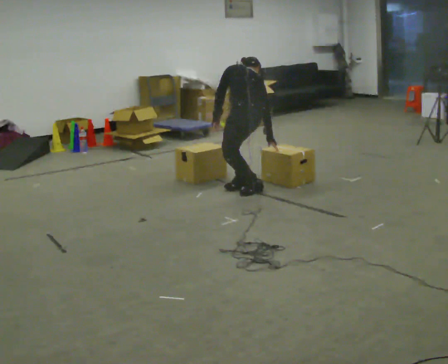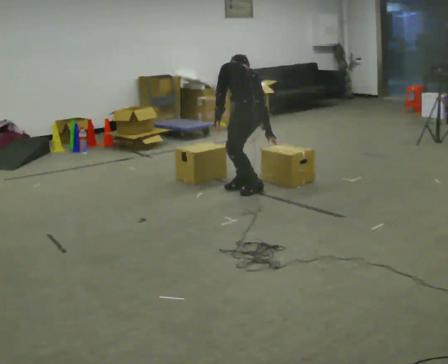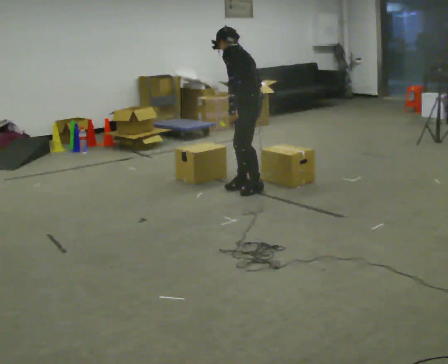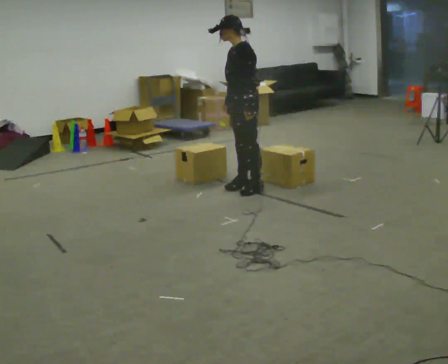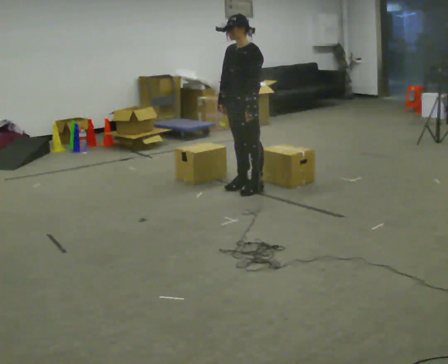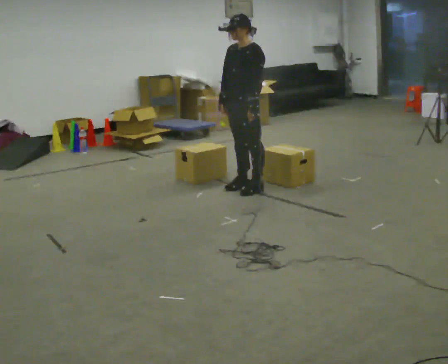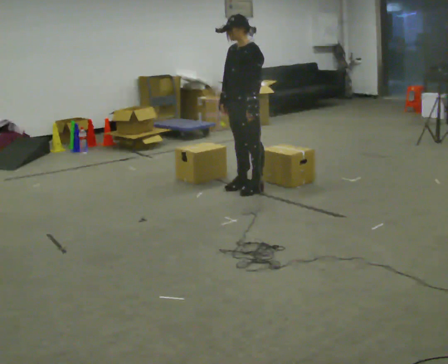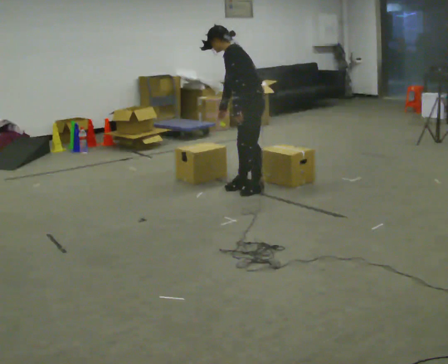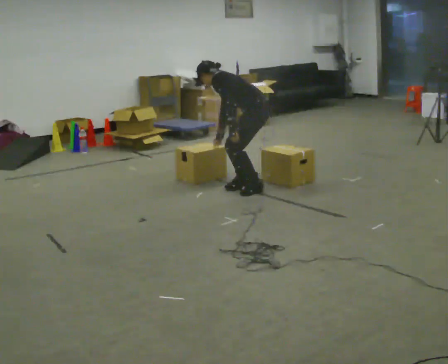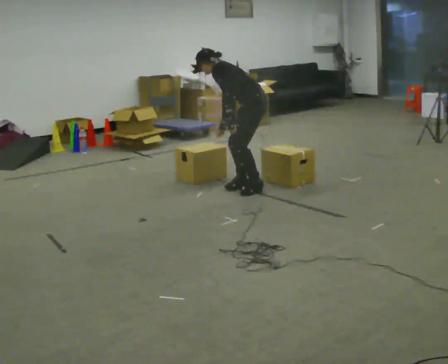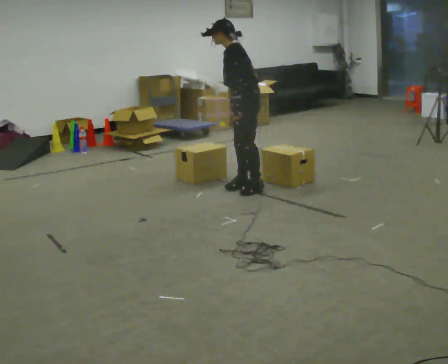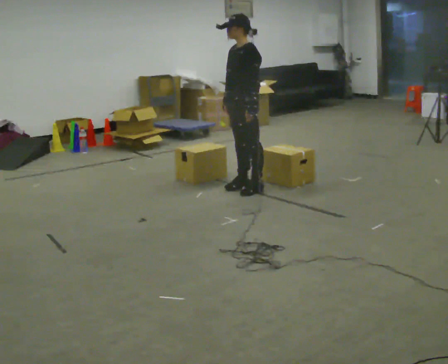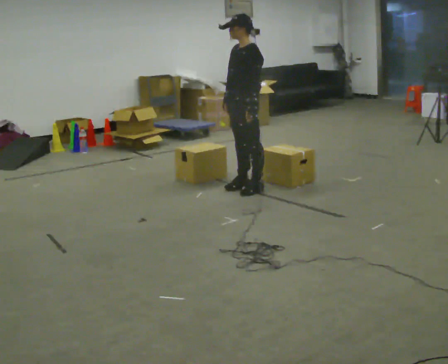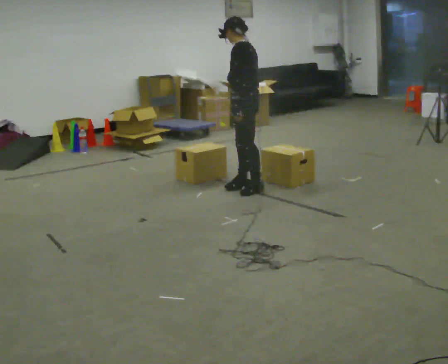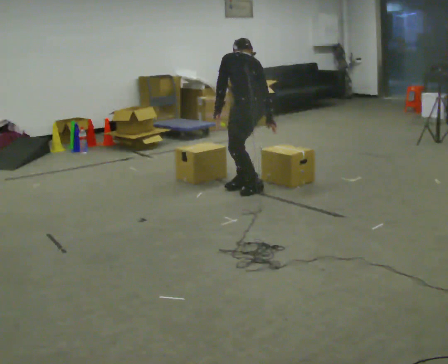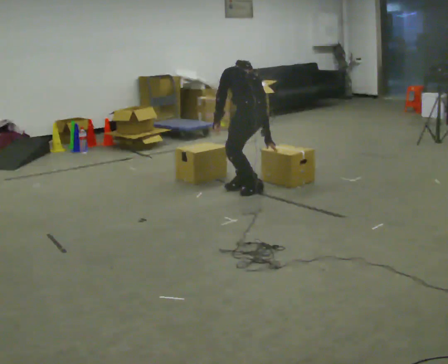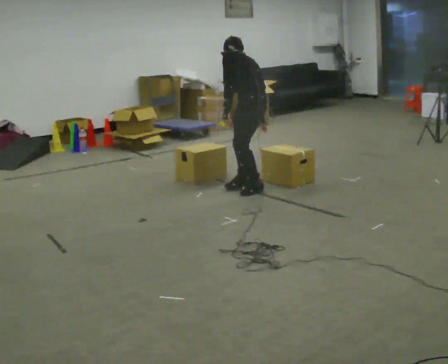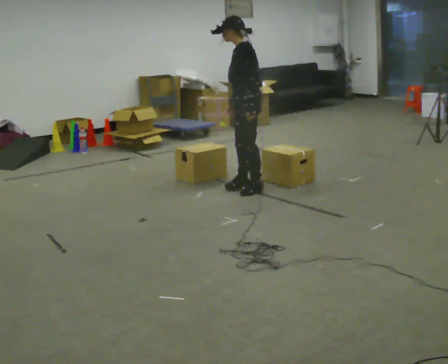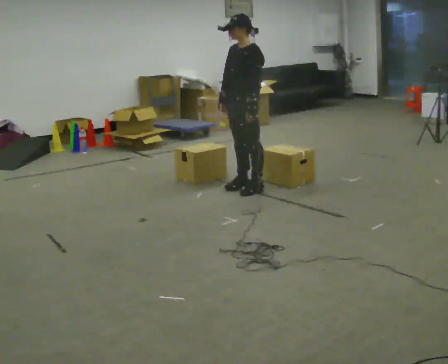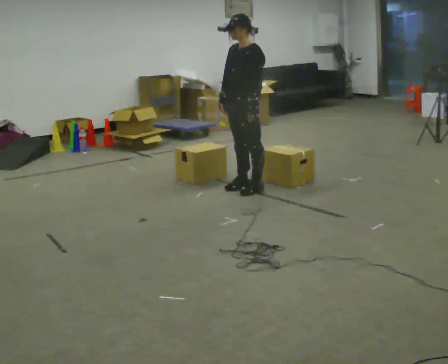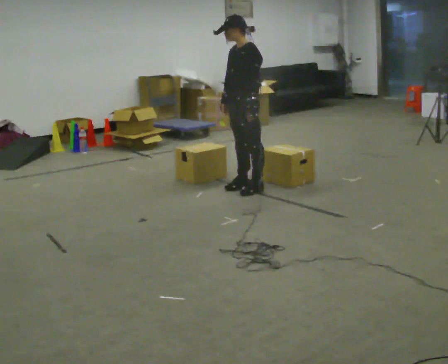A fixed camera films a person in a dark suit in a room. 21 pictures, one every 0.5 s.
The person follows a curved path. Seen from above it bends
counterclockwise.
0.0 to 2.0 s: The person turns about 75 degrees to their left, counterclockwise seen from above, so the part of the body nearest the lens slides to the right. In the picture they go away from the camera, about 0.25 m. The shoulders move upward. The upper body tips toward the camera, its near side rolling downward, as they lean back or straighten. In the picture their right hand goes to the left and upward.
2.0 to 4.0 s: The person turns about 45 degrees to their right, clockwise seen from above, so the part of the body nearest the lens slides to the left. The upper body goes downward. In the picture the upper body tilts counterclockwise, shoulders to the left, as they bend forward.
4.0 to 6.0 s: The part of the body nearest the lens slides to the right as the person turns to their left by about 30 degrees. The shoulders move upward. In the picture the upper body tilts clockwise, shoulders to the right, as they lean back or straighten.
6.0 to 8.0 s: Seen from above the body turns clockwise, about 45 degrees: to their right, with its near side sliding to the left. In the picture their right hand goes to the right.
8.0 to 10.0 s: The part of the body nearest the lens slides to the right as the person turns to their left by about 45 degrees. The upper body tips toward the camera, its near side rolling downward, as they lean back or straighten. In the picture their right hand goes to the left.
The film runs forward here.
